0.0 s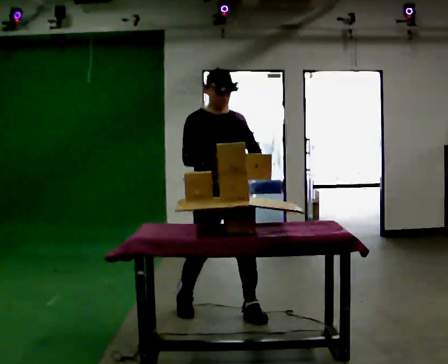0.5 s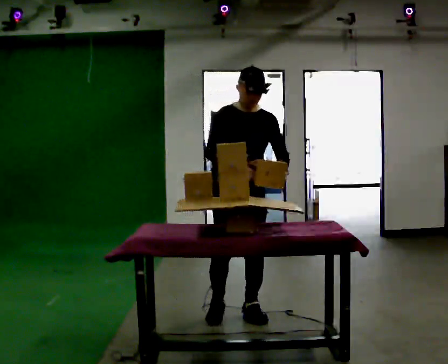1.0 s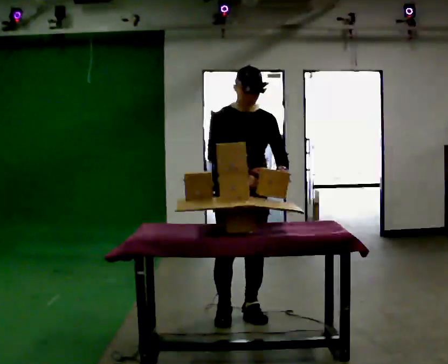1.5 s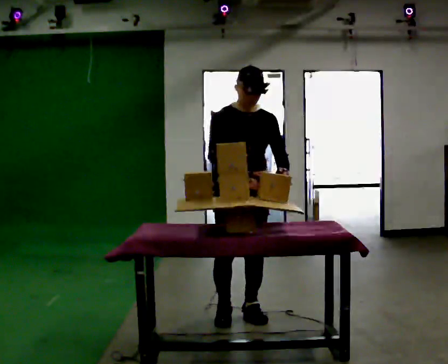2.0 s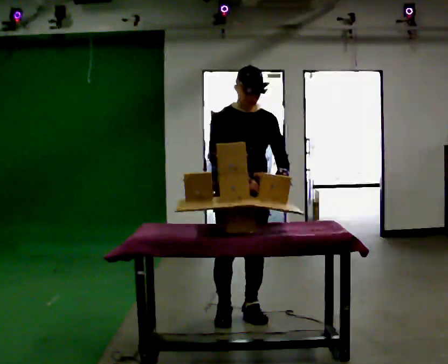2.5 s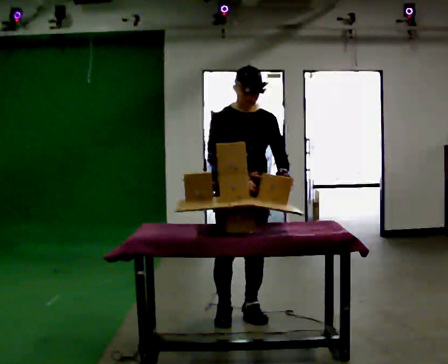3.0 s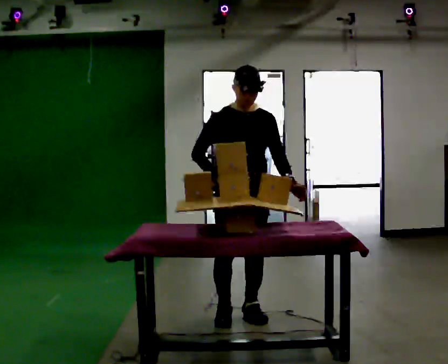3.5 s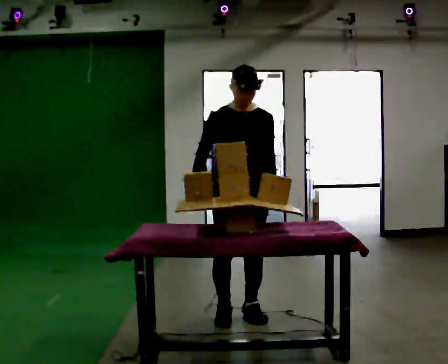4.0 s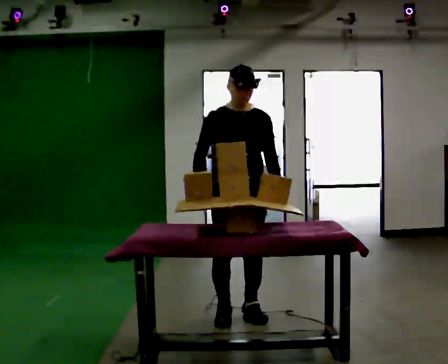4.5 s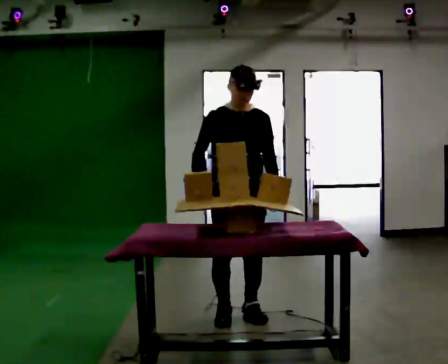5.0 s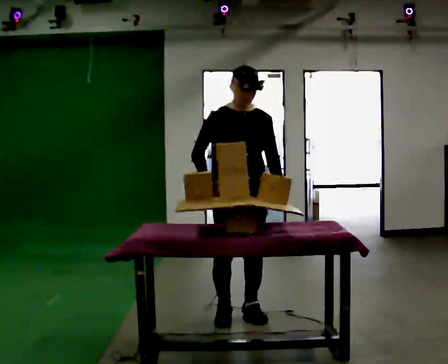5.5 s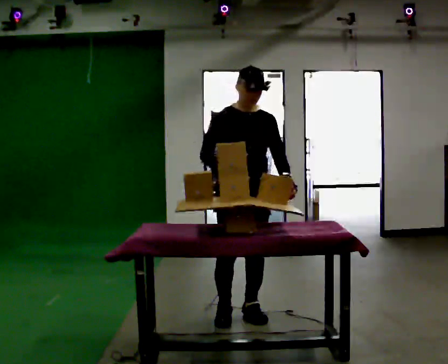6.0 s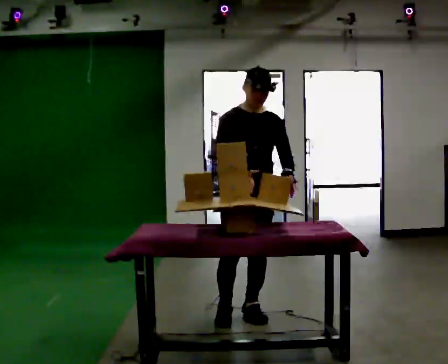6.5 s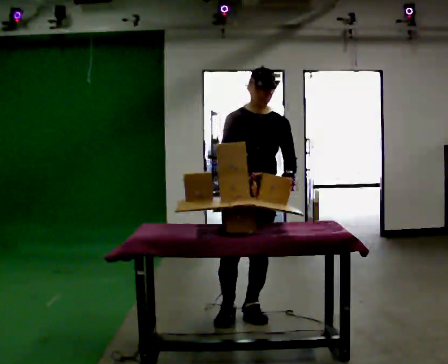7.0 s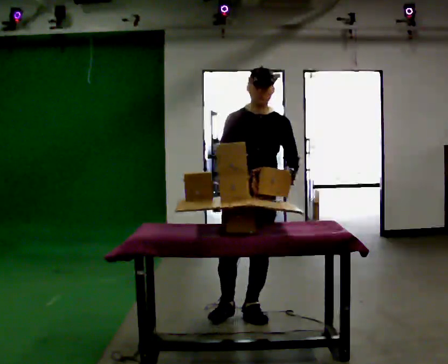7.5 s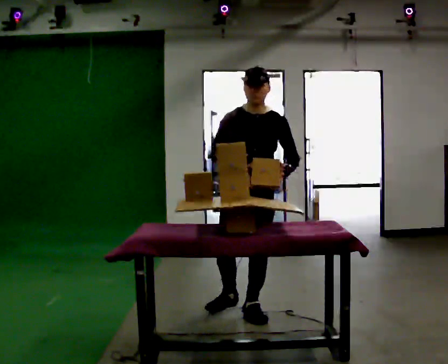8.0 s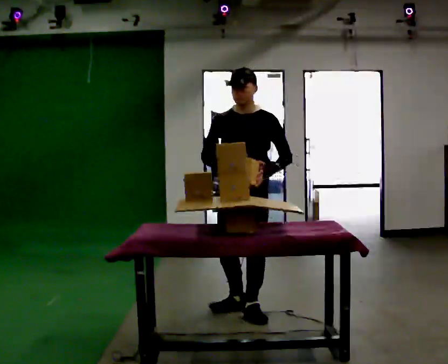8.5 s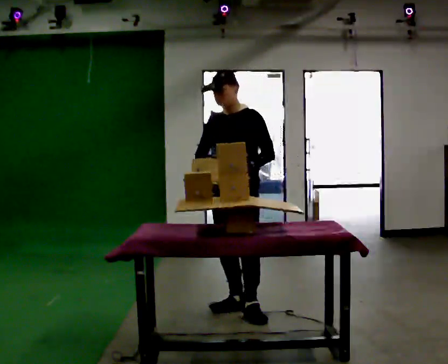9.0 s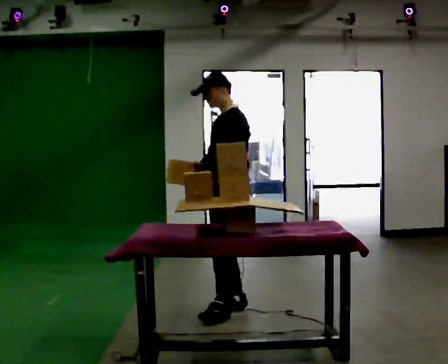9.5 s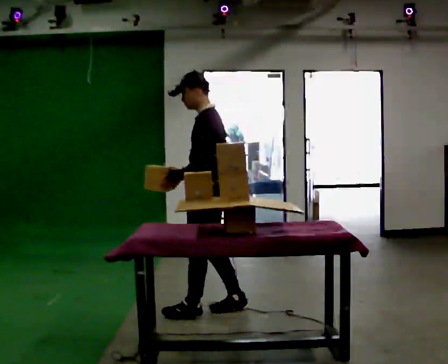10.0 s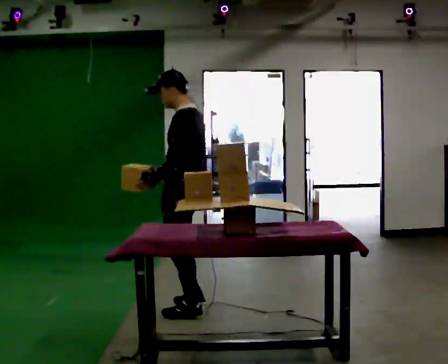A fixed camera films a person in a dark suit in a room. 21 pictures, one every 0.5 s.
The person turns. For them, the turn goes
to their right.
The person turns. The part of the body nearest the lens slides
to the left.
0.0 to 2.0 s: In the picture they go to the right, about 0.25 m in 1 step, which for them is forward and to their left.
2.0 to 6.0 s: The person moves a little, or ends about where they began.
6.0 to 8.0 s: The part of the body nearest the lens slides to the left as the person turns to their right by about 30 degrees.
8.0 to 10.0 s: The person turns about 90 degrees to their right, clockwise seen from above, so the part of the body nearest the lens slides to the left. In the picture they go to the left, about 0.5 m in 1 step.
The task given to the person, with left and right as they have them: Carry the object over and set it down on the wobbly board without tipping it over. Keep going until the operator says stop; one object at a time, and do not rush between trips.
The film runs forward here.
